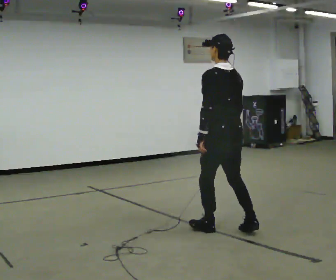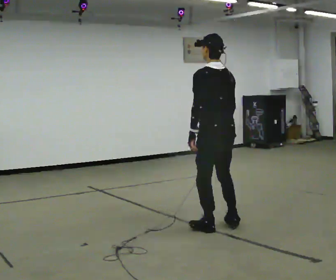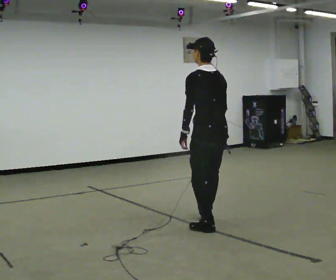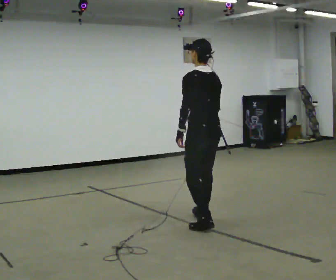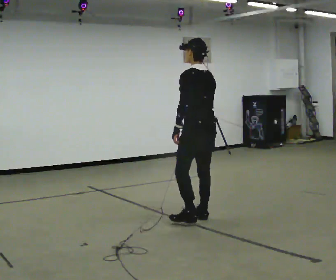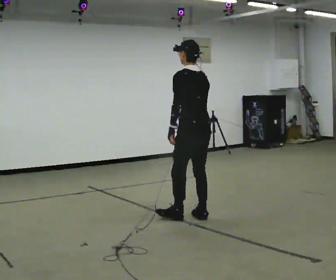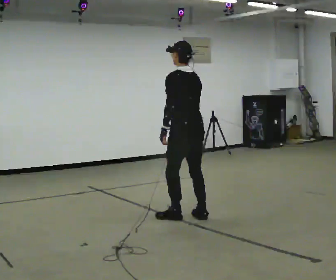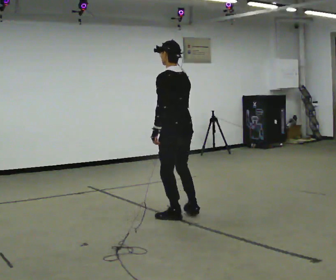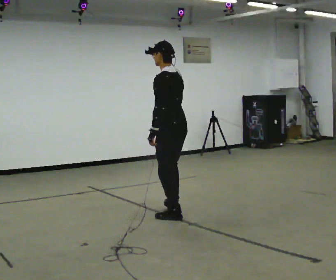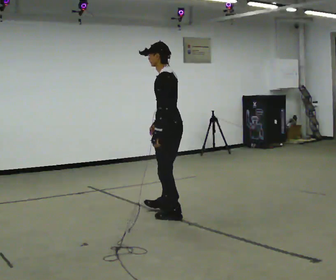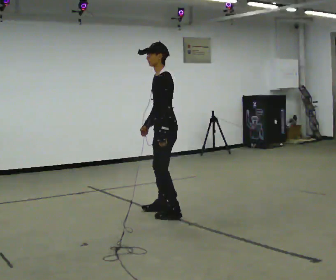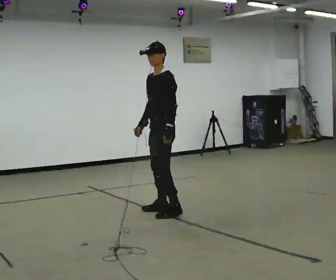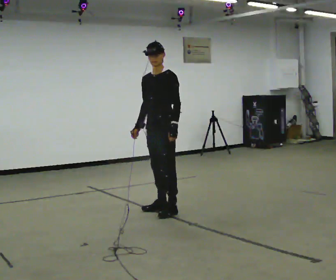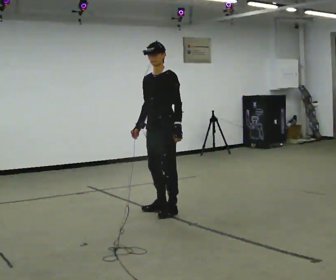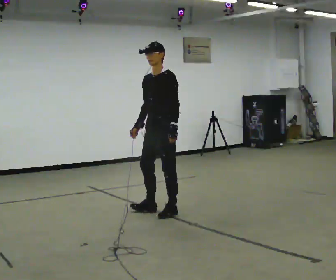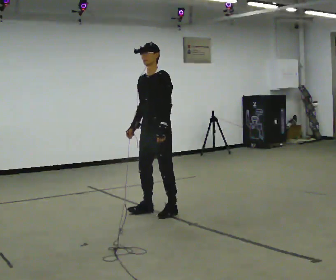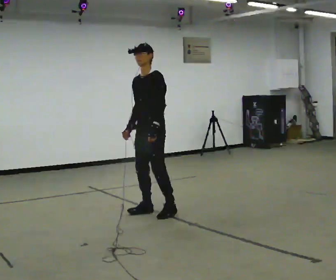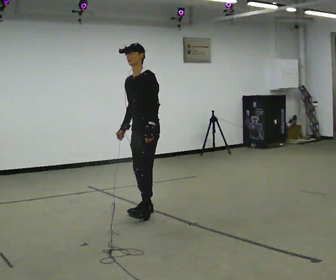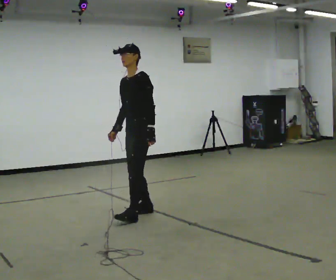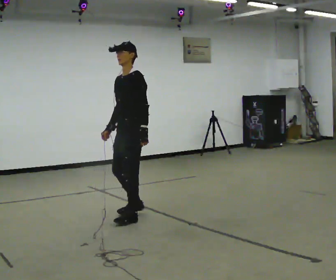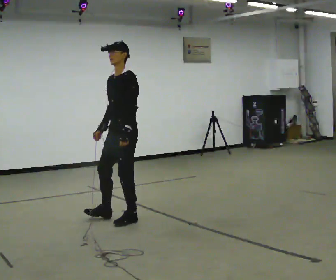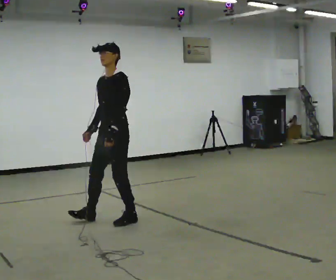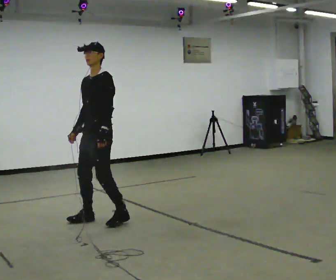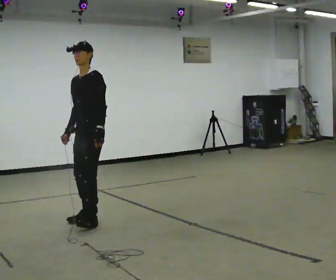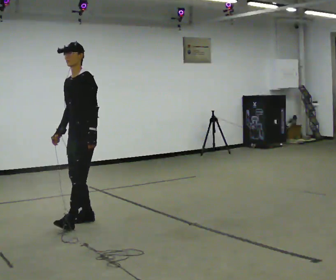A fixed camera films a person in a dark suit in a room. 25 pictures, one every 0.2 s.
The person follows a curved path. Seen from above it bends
counterclockwise.
The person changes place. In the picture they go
to the left.
0.0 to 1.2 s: In the picture they go away from the camera and to the left, about 0.5 m in 1 step, which for them is forward.
1.2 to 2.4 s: The part of the body nearest the lens slides to the right as the person turns to their left by about 90 degrees. In the picture they go away from the camera and to the left, about 0.5 m in 2 steps.
2.4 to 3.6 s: In the picture they go to the left, about 0.25 m in 2 steps, which for them is forward.
3.6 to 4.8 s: In the picture they go to the left and toward the camera, about 0.5 m in 2 steps, which for them is forward.
The film runs backward here.
